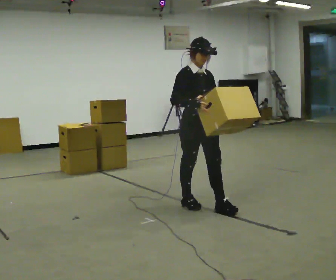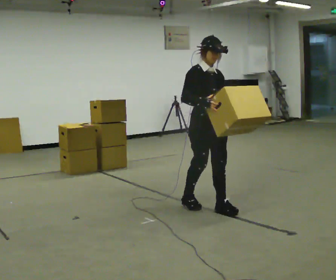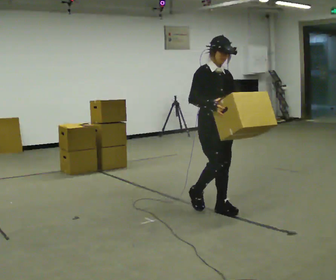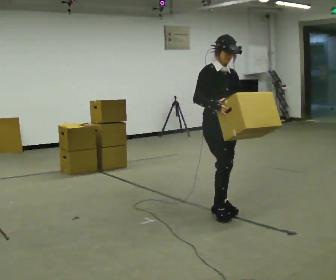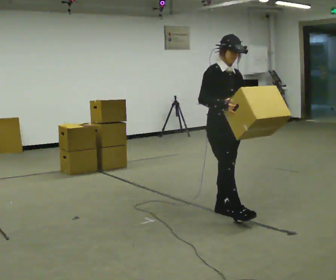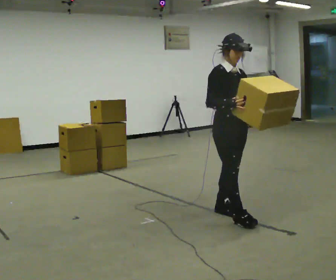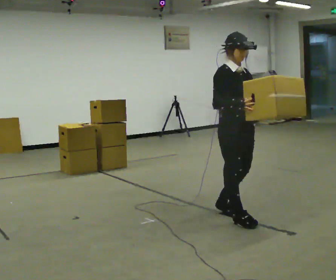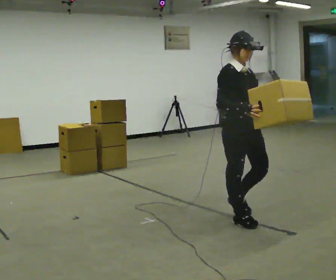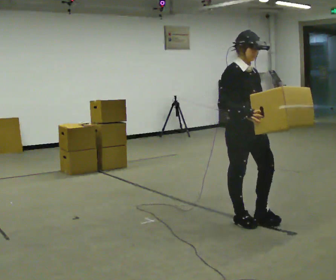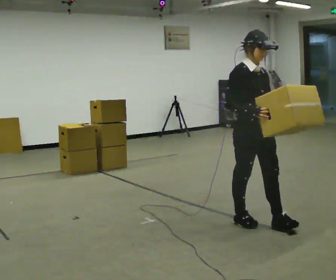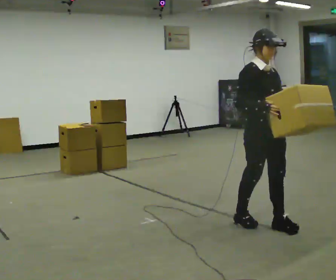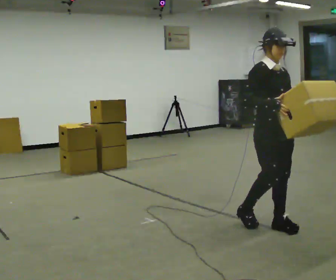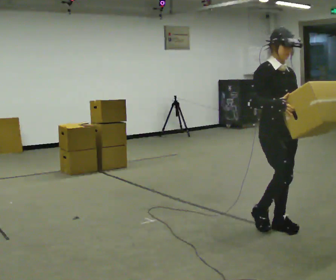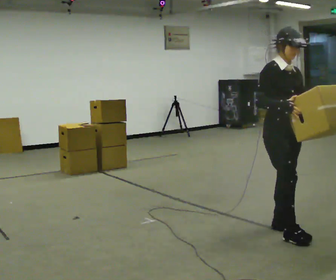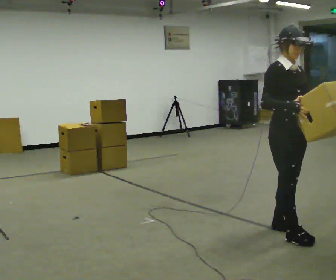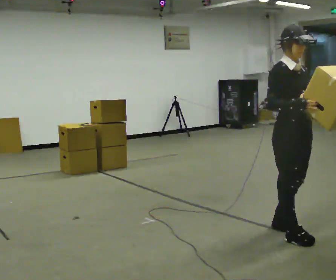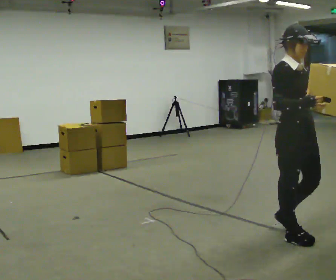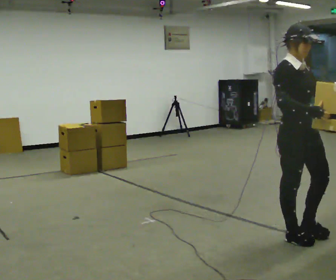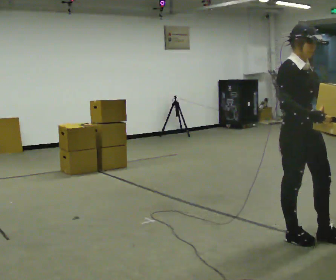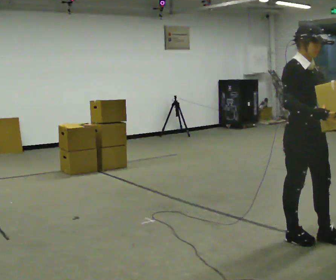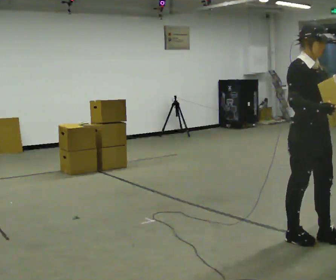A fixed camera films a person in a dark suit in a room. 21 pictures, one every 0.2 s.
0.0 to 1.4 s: In the picture they go to the right and toward the camera, about 0.5 m in 1 step, which for them is forward.
1.4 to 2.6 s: In the picture they go to the right and toward the camera, about 0.5 m in 1 step, which for them is forward.
2.6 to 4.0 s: In the picture they go toward the camera and to the right, about 0.25 m in 2 steps, which for them is forward.
The film runs forward here.
